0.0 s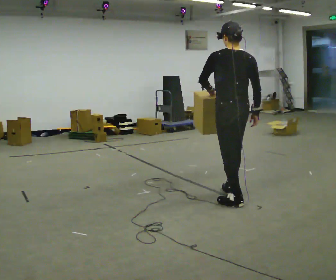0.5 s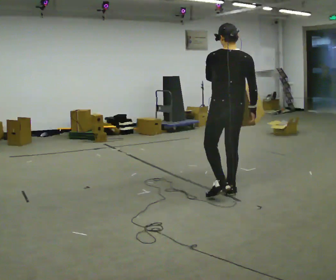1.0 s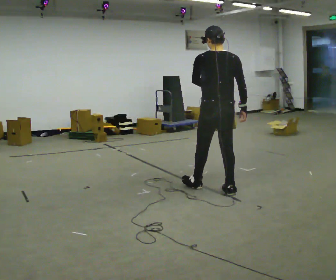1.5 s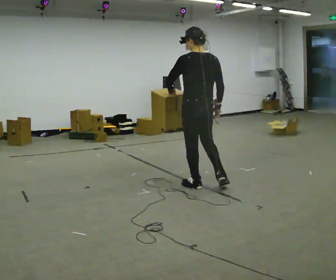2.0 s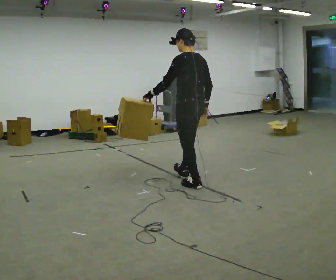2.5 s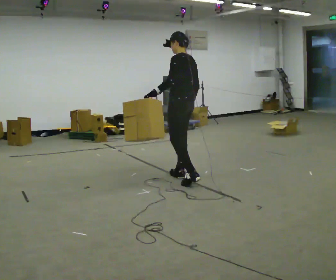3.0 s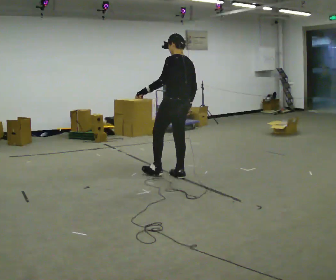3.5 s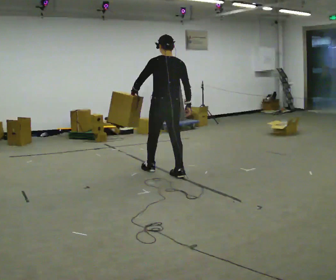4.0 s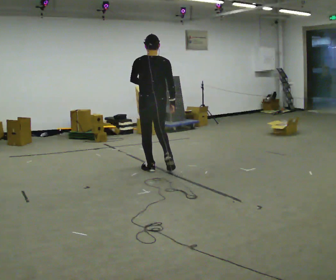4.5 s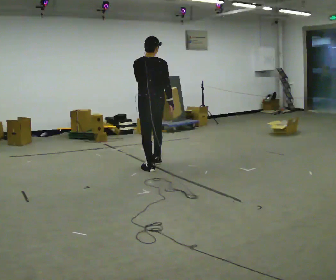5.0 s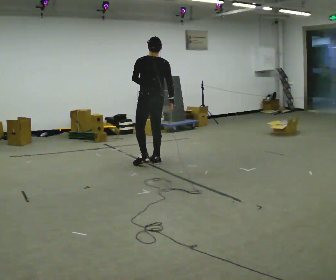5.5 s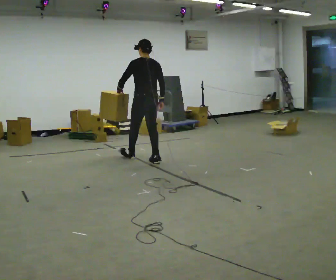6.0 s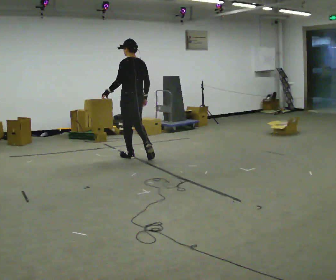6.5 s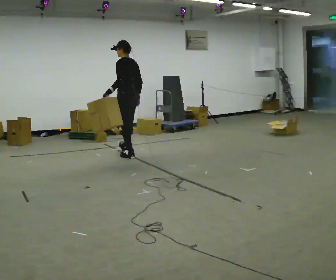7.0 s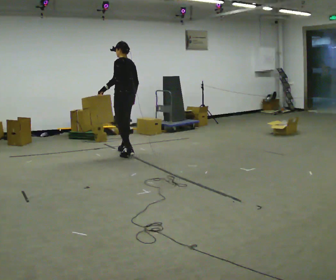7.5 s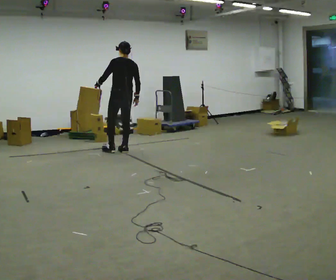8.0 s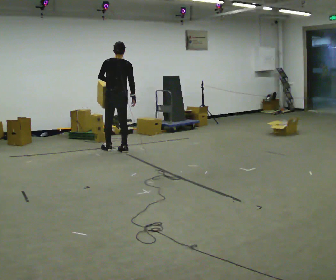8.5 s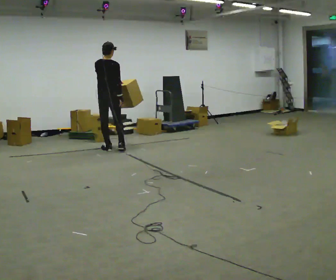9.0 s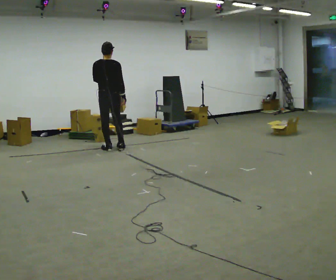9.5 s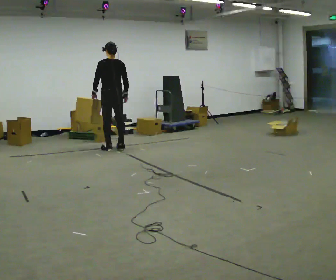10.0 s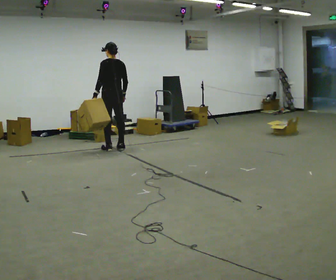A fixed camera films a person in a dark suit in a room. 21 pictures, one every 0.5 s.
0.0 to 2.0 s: The person turns about 30 degrees to their left, counterclockwise seen from above, so the part of the body nearest the lens slides to the right. In the picture they go away from the camera and to the left, about 0.75 m in 1 step, which for them is forward and to their left.
2.0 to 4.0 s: The part of the body nearest the lens slides to the left as the person turns to their right by about 30 degrees. In the picture they go away from the camera and to the left, about 1 m in 2 steps, which for them is forward.
4.0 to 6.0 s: The part of the body nearest the lens slides to the right as the person turns to their left by about 30 degrees. In the picture they go away from the camera and to the left, about 1 m in 2 steps, which for them is forward.
6.0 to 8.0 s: Seen from above the body turns clockwise, about 30 degrees: to their right, with its near side sliding to the left. In the picture they go away from the camera and to the left, about 0.5 m in 2 steps, which for them is forward.
8.0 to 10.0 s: Seen from above the body turns counterclockwise, about 30 degrees: to their left, with its near side sliding to the right.
The film runs forward here.
